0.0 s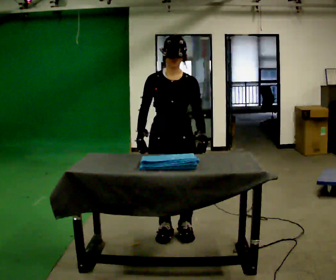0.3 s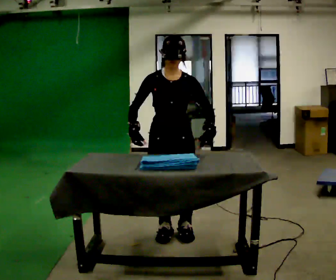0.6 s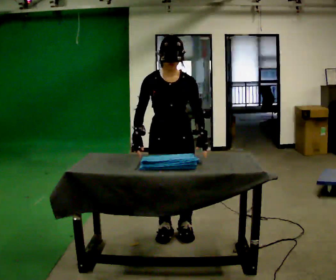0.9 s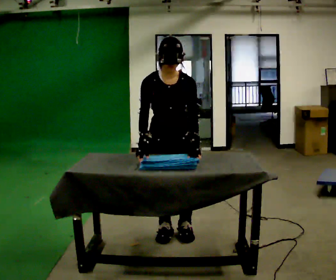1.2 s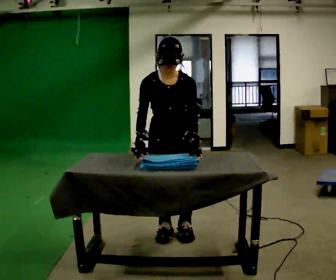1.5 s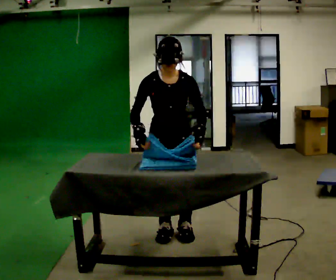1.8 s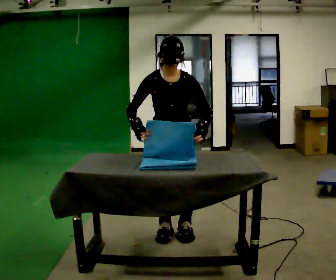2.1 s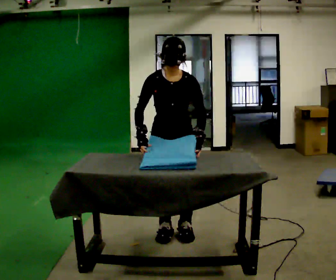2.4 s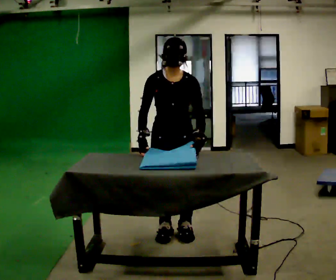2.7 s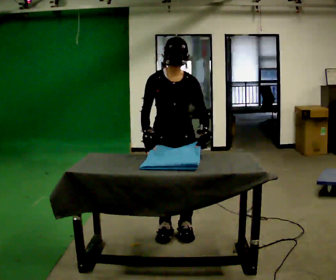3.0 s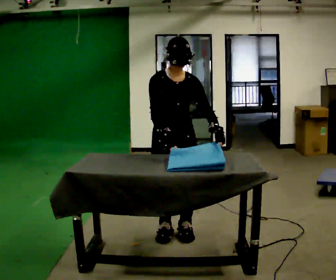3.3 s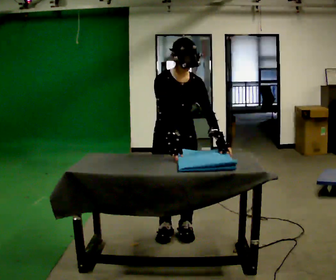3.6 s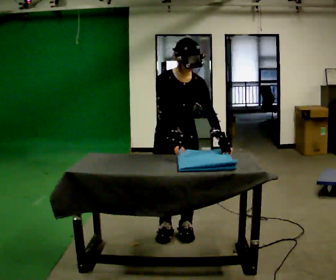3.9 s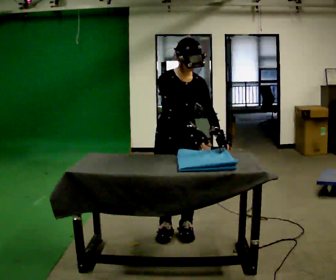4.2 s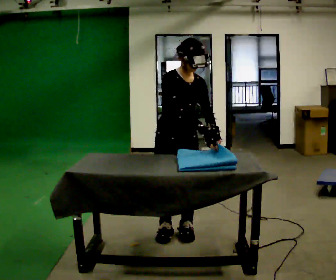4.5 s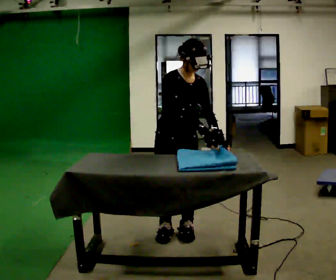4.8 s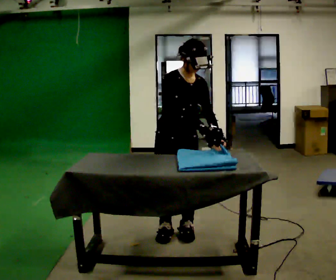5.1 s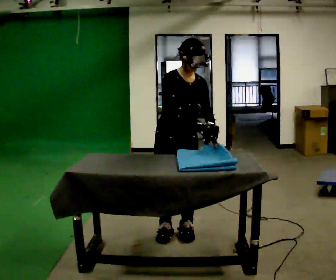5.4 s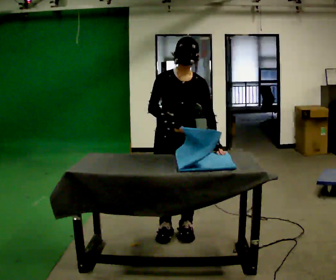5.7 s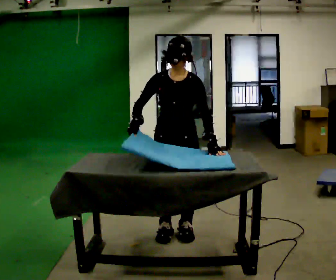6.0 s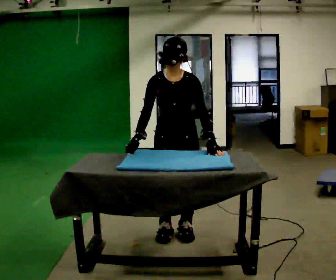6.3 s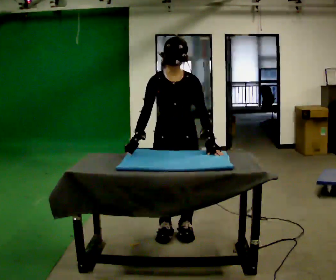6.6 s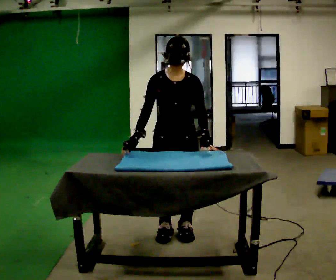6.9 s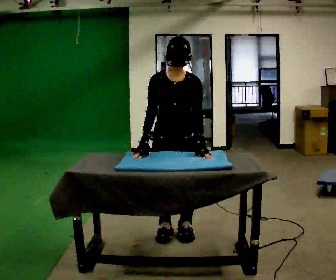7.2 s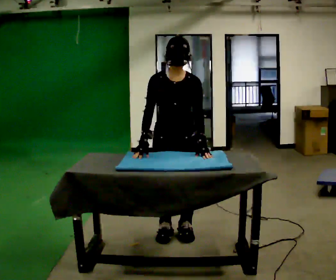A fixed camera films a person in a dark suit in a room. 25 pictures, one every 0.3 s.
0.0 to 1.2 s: The upper body tips toward the camera, its near side rolling downward, as they bend forward.
1.2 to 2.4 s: The person moves a little, or ends about where they began.
2.4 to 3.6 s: In the picture their right hand goes to the right.
3.6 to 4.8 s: The person moves a little, or ends about where they began.
4.8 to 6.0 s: The person turns about 30 degrees to their right, clockwise seen from above, so the part of the body nearest the lens slides to the left. In the picture the upper body tilts counterclockwise, shoulders to the left. In the picture their right hand goes to the left.
6.0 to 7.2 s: The person moves a little, or ends about where they began.
The film runs forward here.
